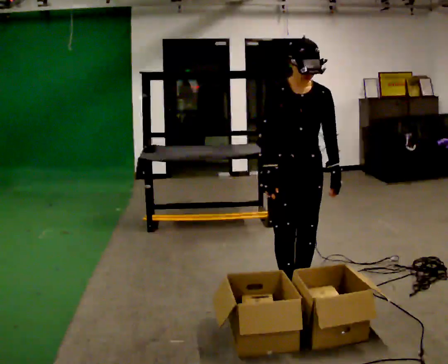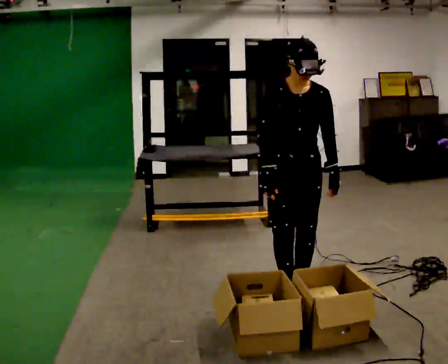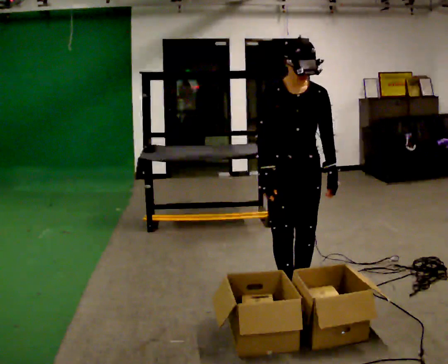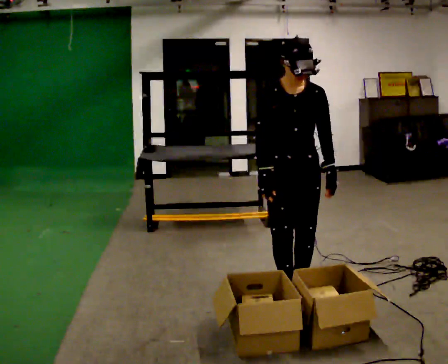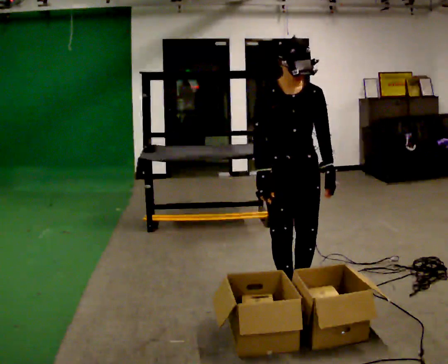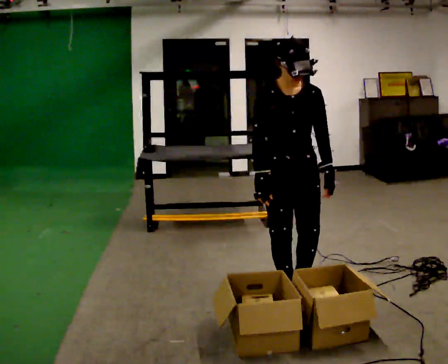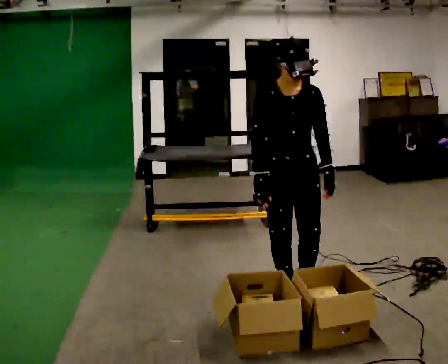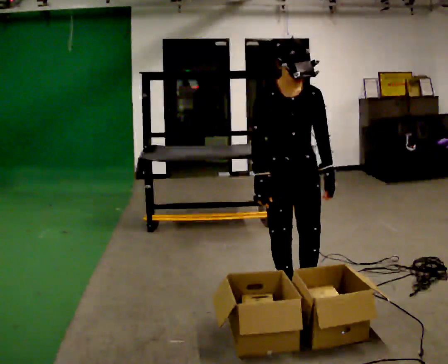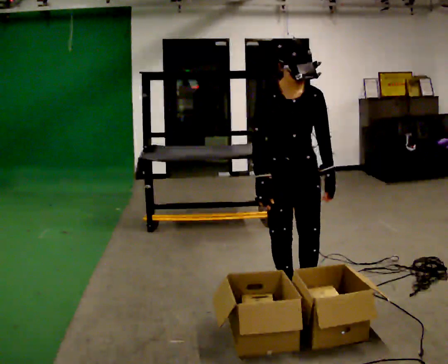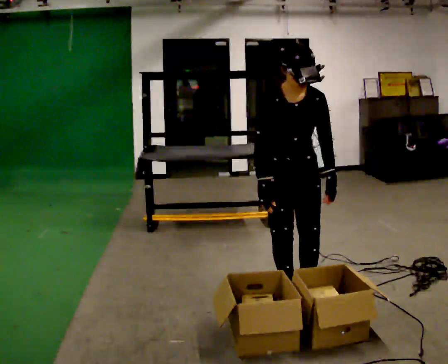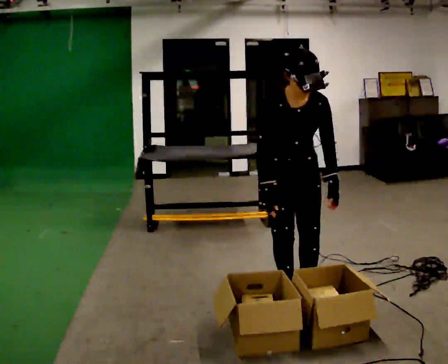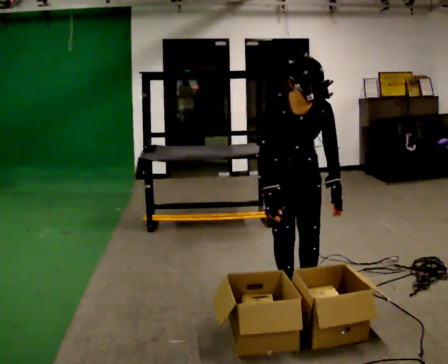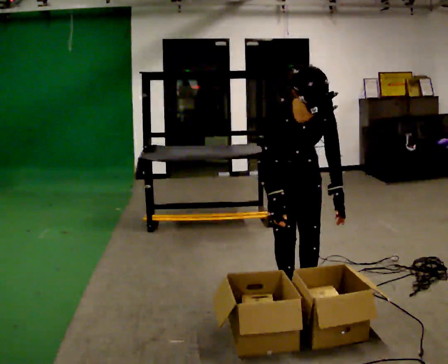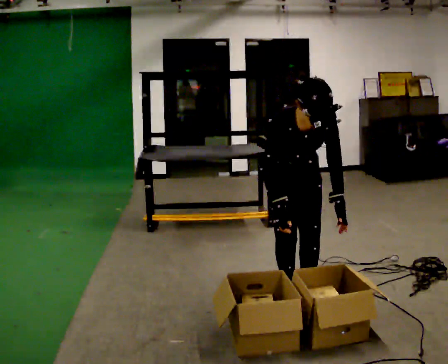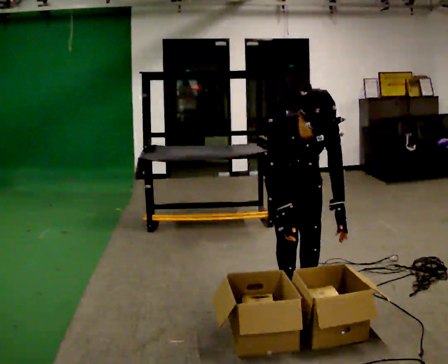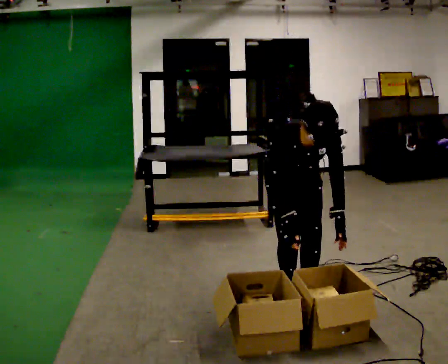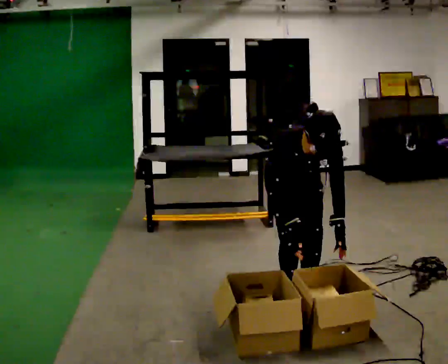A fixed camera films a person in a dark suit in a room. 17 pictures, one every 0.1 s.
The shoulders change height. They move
downward.
The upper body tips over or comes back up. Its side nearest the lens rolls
downward.
0.0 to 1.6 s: The shoulders move downward. The upper body tips toward the camera, its near side rolling downward, as they bend forward.
The film runs forward here.
